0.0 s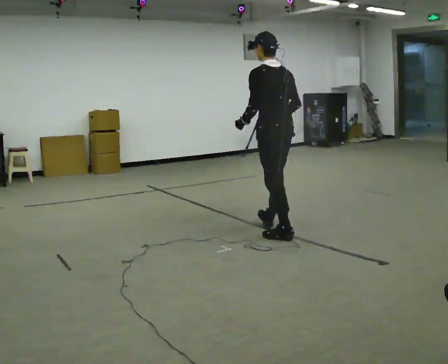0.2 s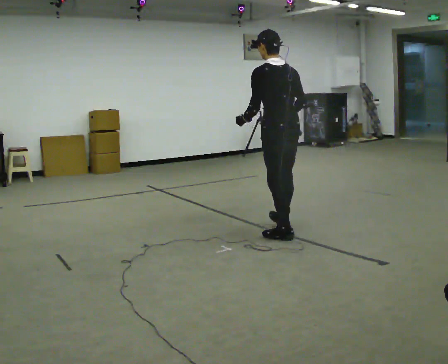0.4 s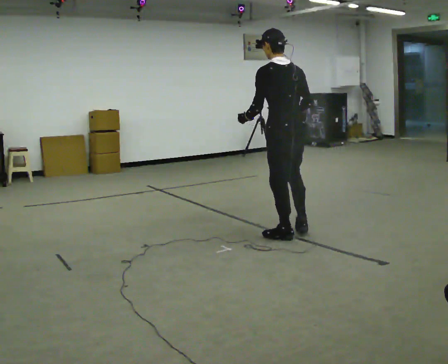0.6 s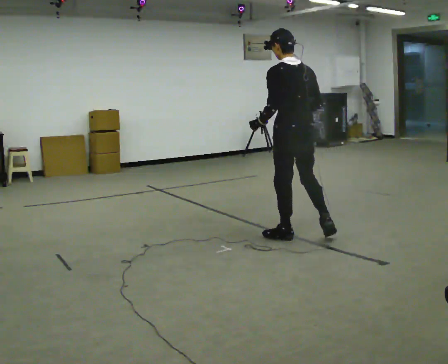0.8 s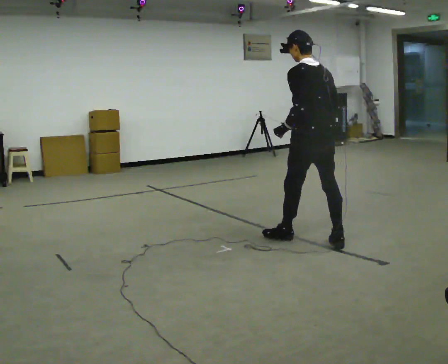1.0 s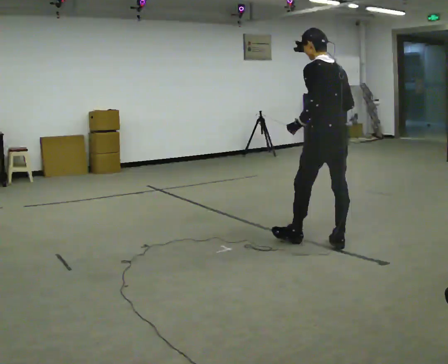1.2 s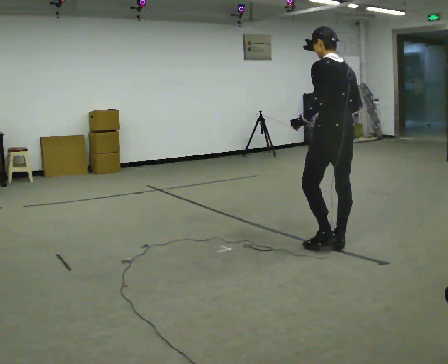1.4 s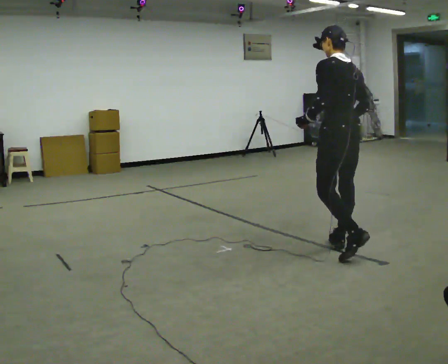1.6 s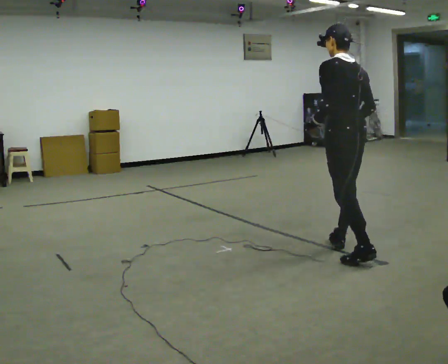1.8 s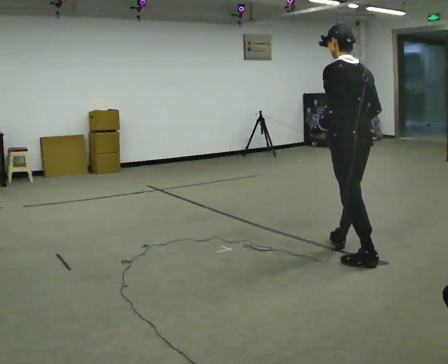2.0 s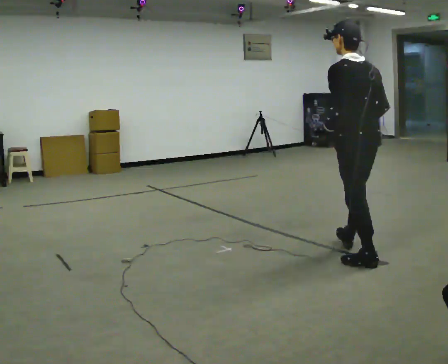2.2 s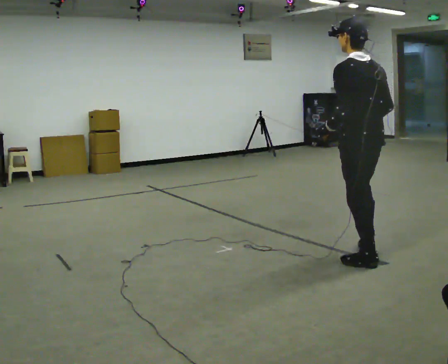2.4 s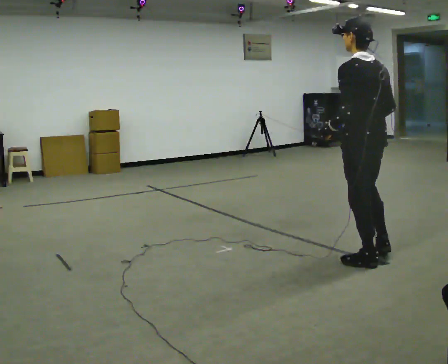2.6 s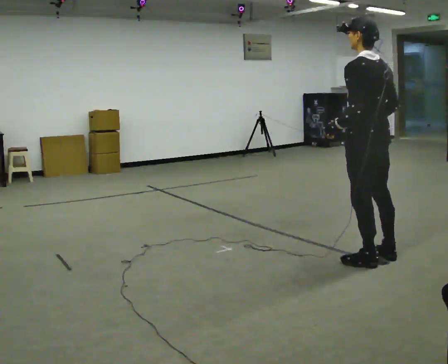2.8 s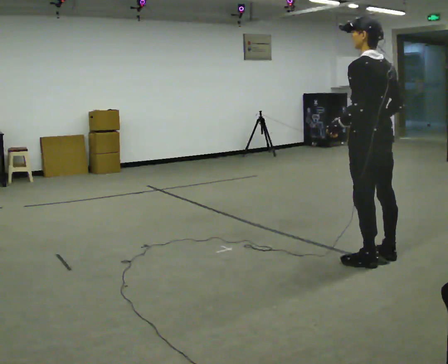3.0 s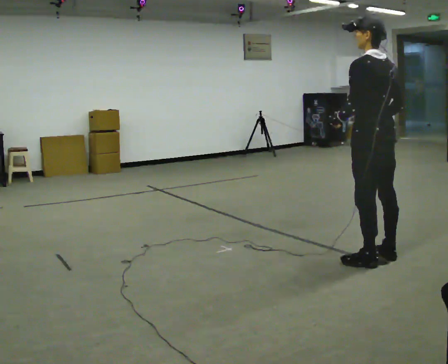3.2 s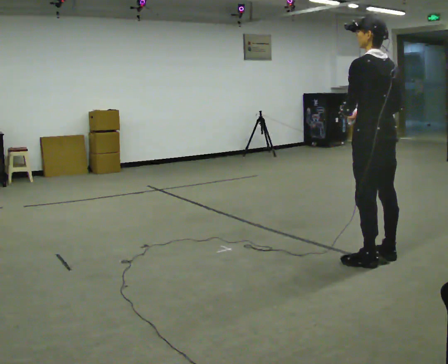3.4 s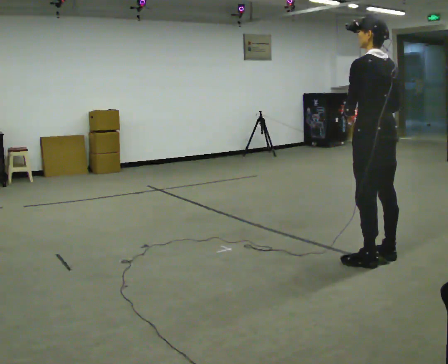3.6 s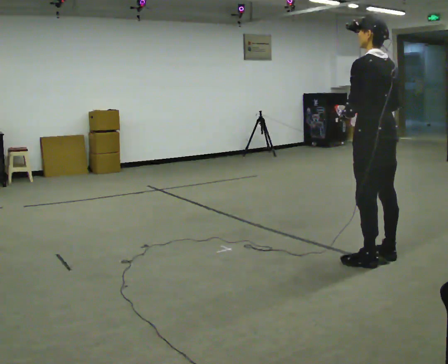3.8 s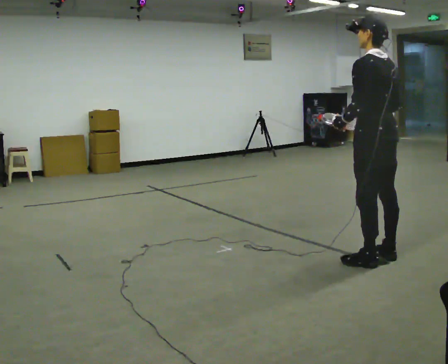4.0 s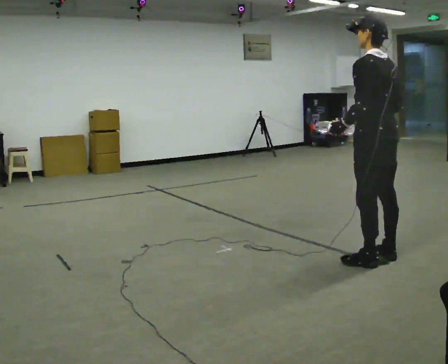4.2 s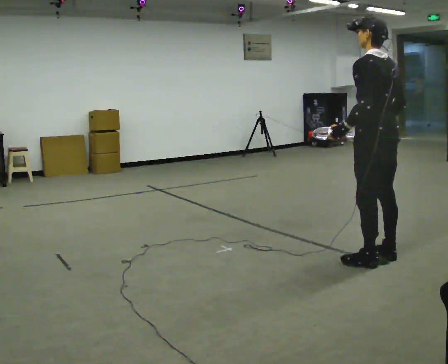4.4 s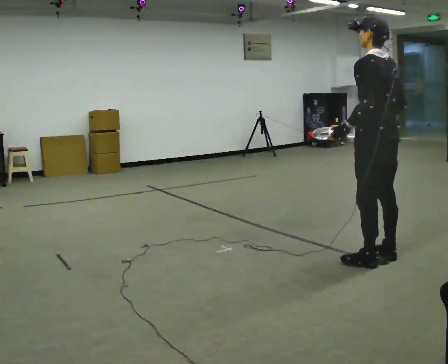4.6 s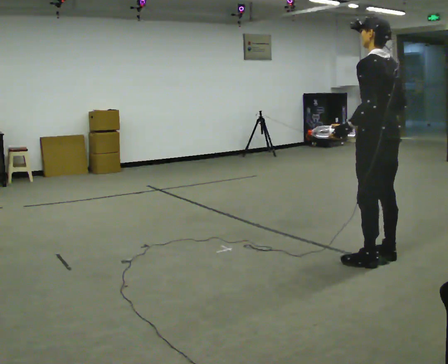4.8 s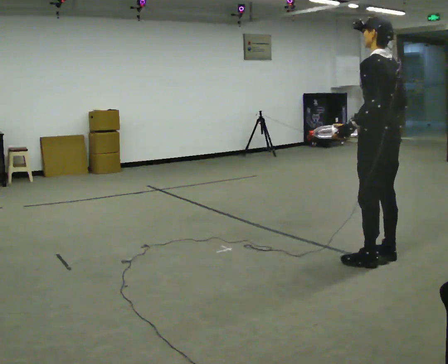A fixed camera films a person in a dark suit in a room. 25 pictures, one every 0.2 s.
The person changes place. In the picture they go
to the right.
0.0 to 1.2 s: In the picture they go to the right and toward the camera, about 0.5 m in 2 steps, which for them is backward.
1.2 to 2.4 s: In the picture they go toward the camera and to the right, about 0.5 m in 1 step, which for them is backward.
2.4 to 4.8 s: The person moves a little, or ends about where they began.
The film runs backward here.
